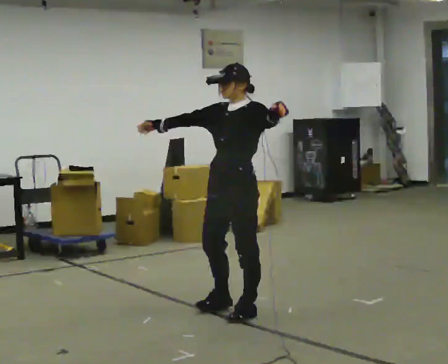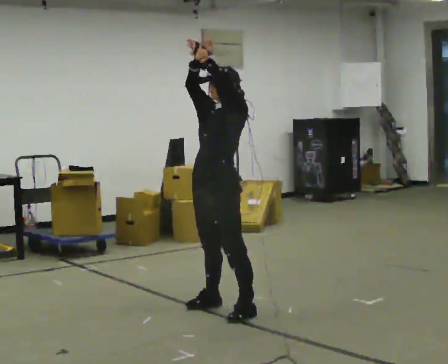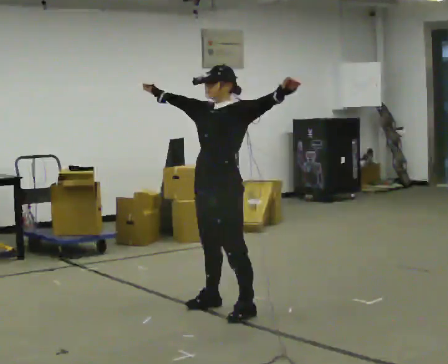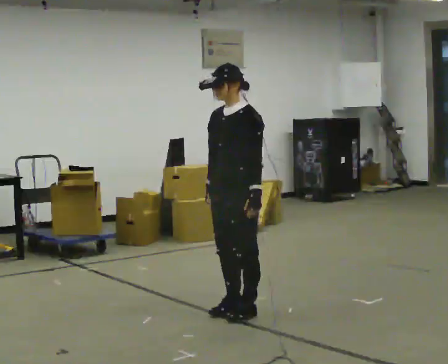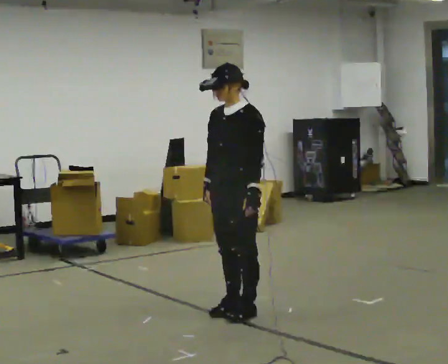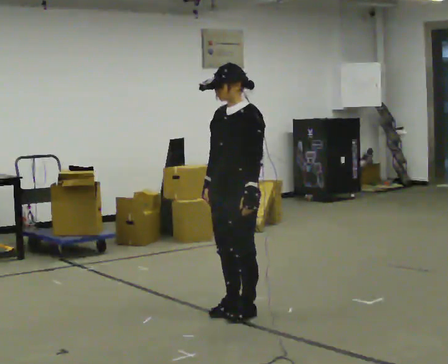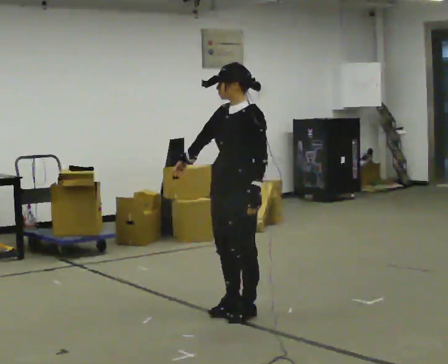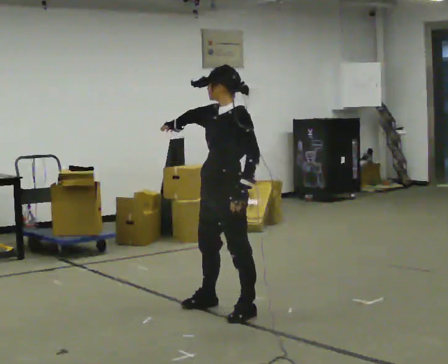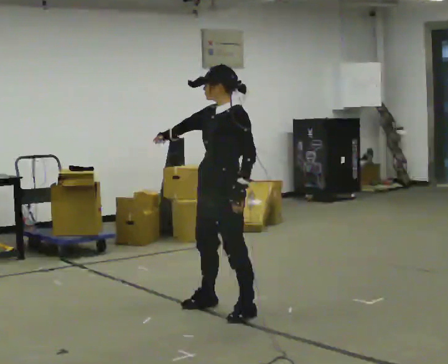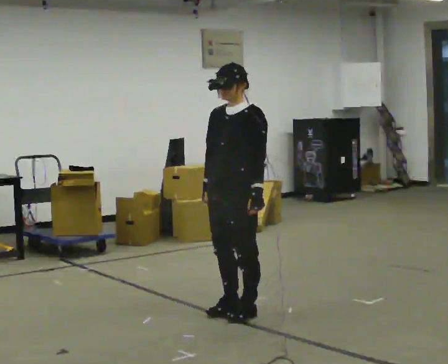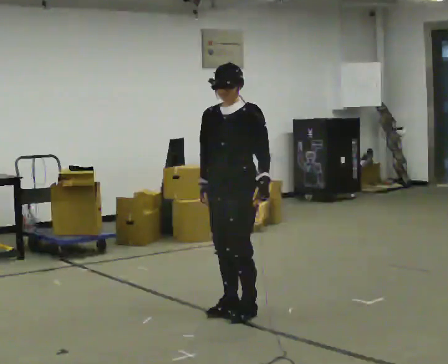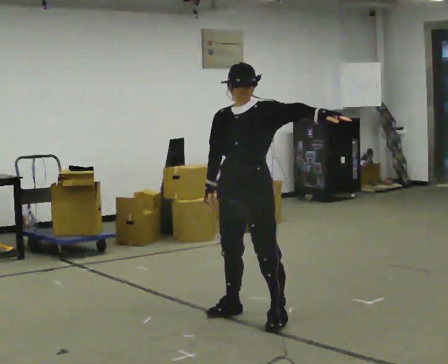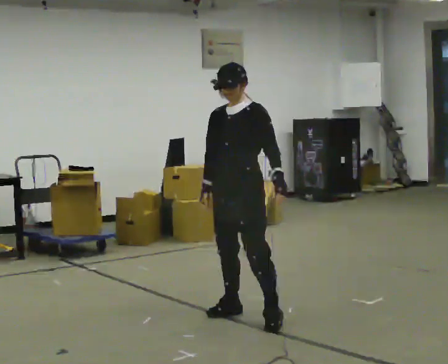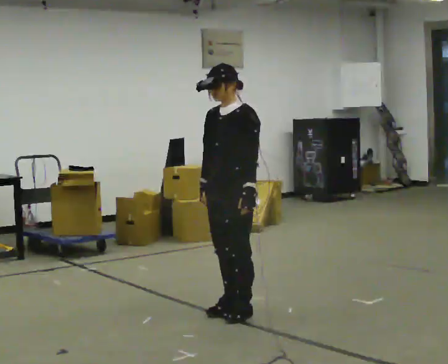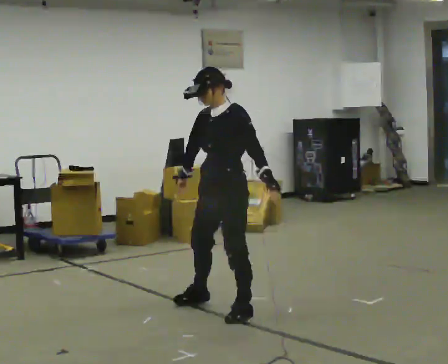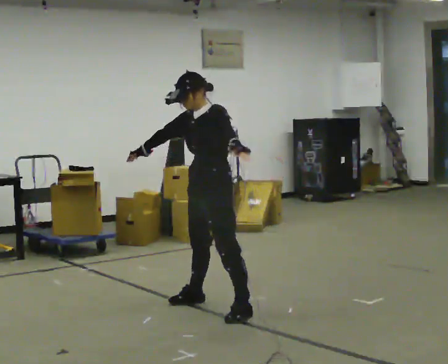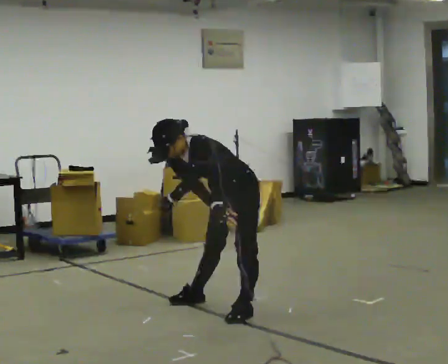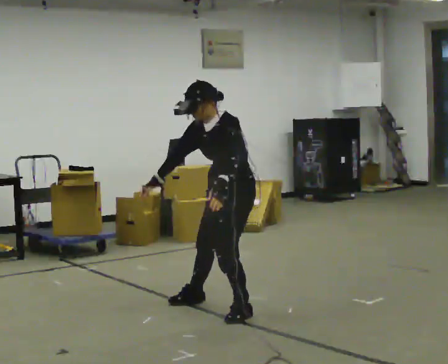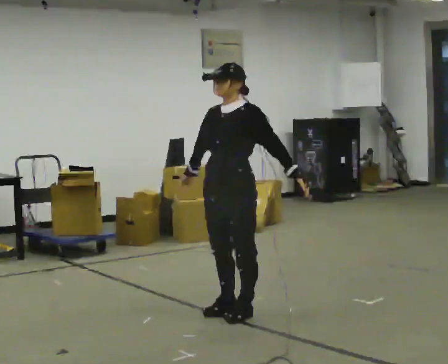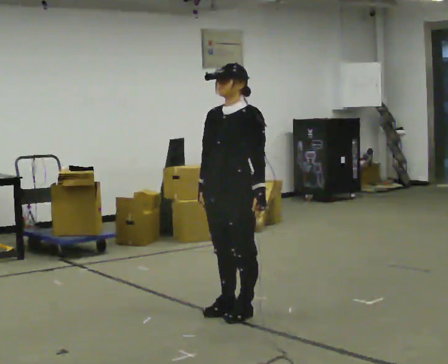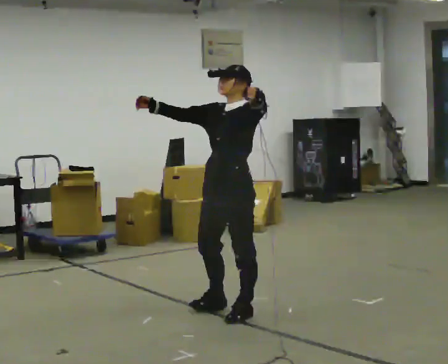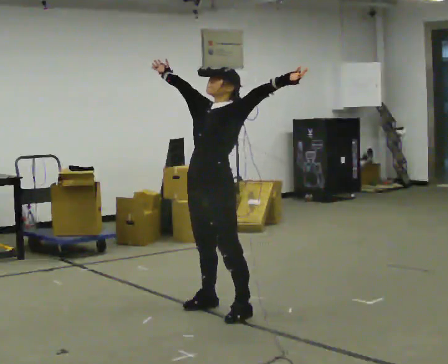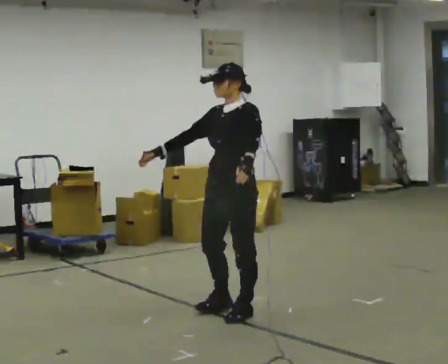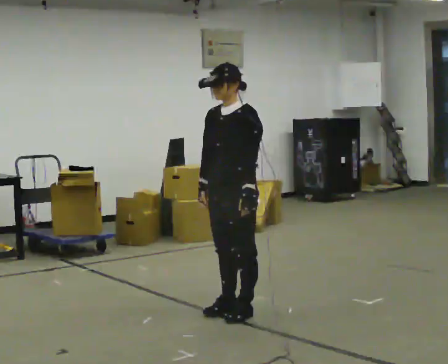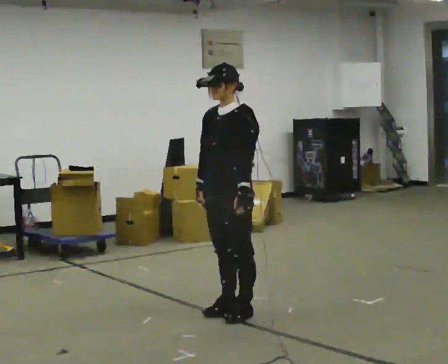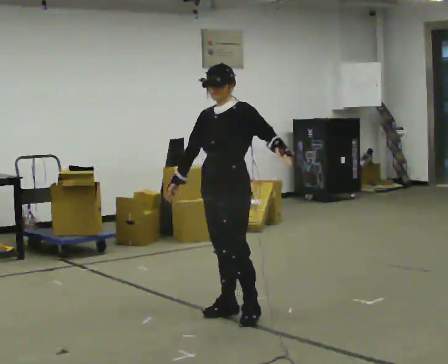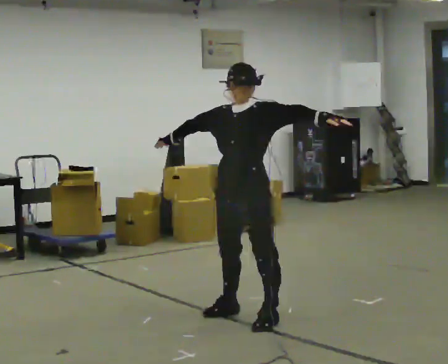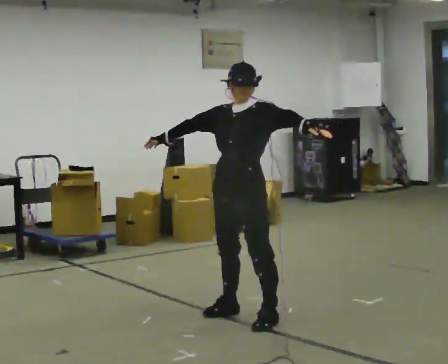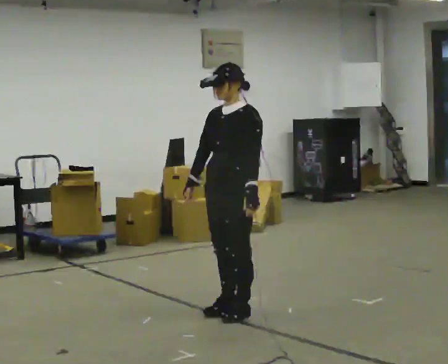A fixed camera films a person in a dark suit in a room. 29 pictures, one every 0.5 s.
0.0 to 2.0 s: In the picture their left hand goes downward.
2.0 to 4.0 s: In the picture their right hand goes upward.
4.0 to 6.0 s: In the picture their right hand goes downward, the arm swinging counterclockwise.
6.0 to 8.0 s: In the picture they go away from the camera, about 0.25 m in 2 steps, which for them is to their right. The upper body goes downward. In the picture the upper body tilts counterclockwise, shoulders to the left, as they bend forward. In the picture their left hand goes to the left.
8.0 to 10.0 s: In the picture they go toward the camera, about 0.25 m in 1 step, which for them is forward and to their left. The upper body goes upward. In the picture the upper body tilts clockwise, shoulders to the right, as they lean back or straighten. In the picture their right hand goes upward and to the left.
10.0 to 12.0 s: In the picture their right hand goes downward.
12.0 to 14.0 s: The person moves a little, or ends about where they began.
The film runs forward here.
